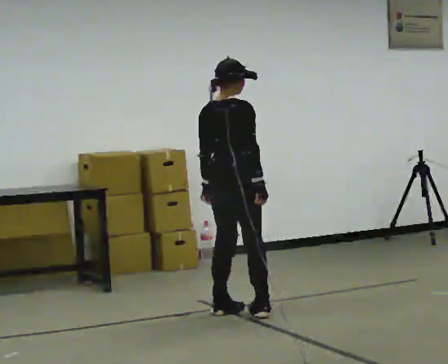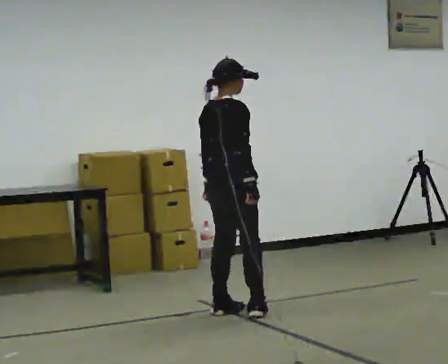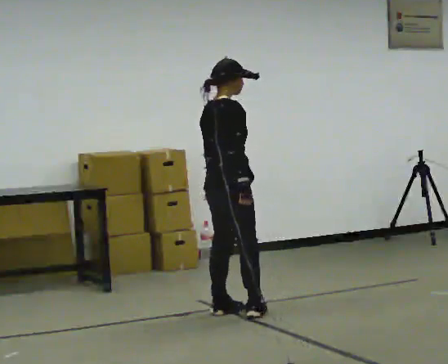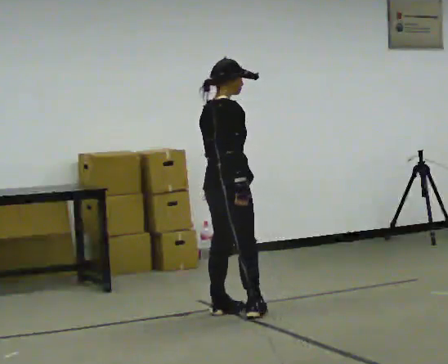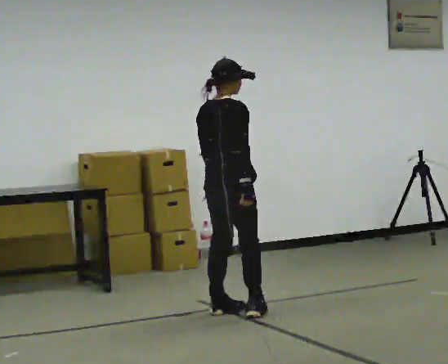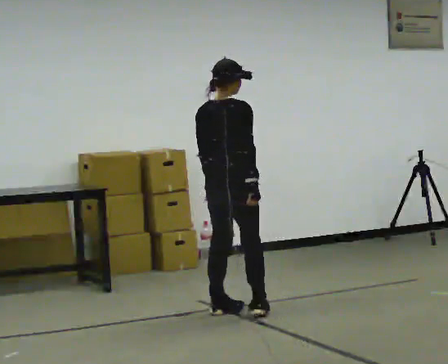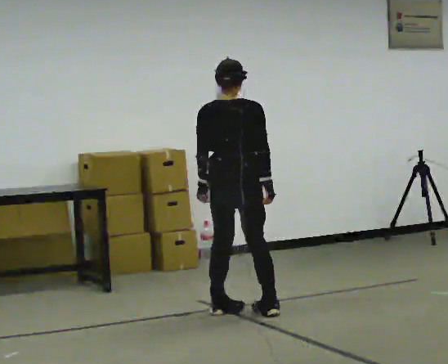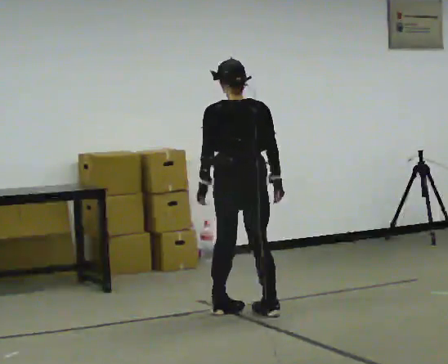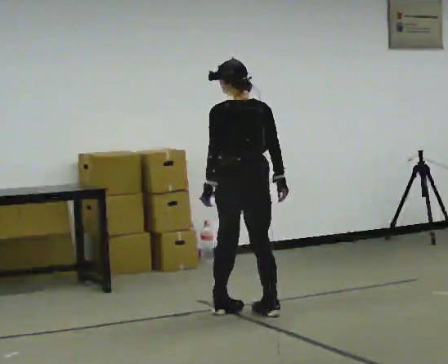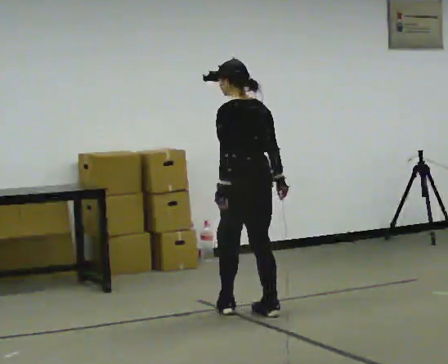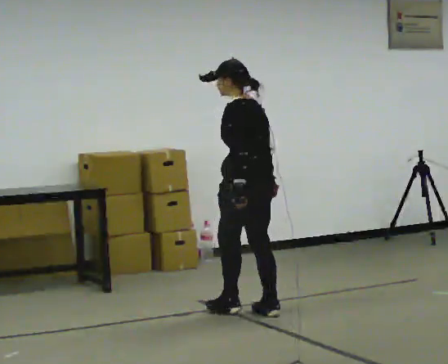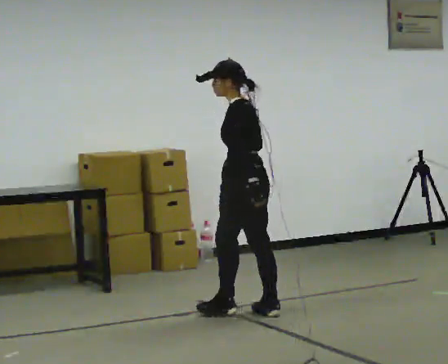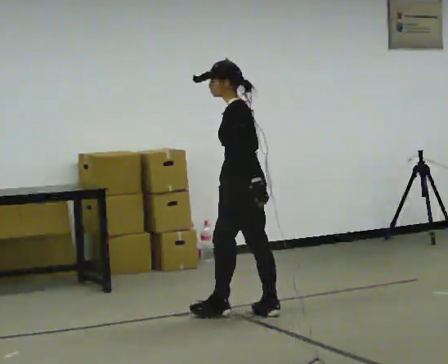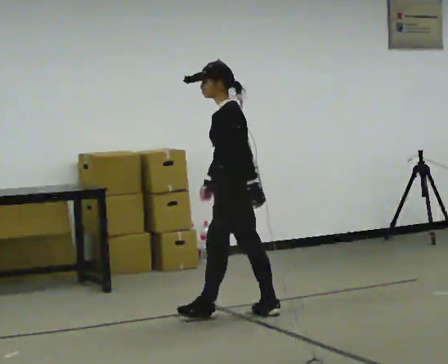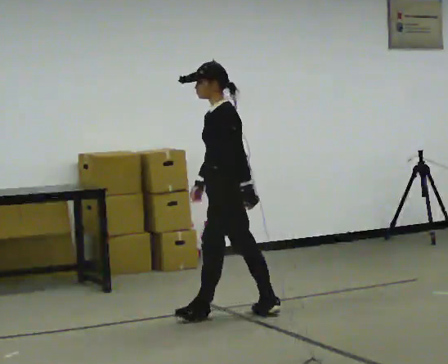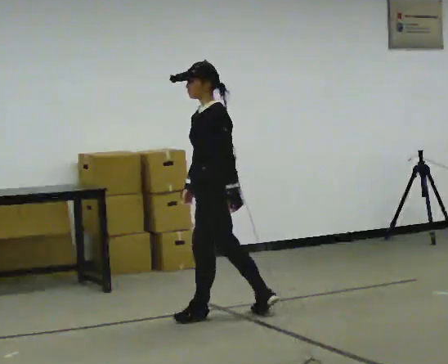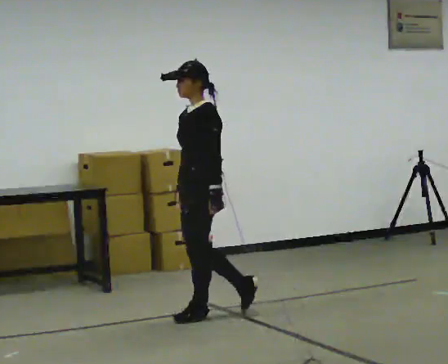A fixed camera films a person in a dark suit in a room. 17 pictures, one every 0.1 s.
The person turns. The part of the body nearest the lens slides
to the right.
The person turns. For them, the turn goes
to their left.
0.0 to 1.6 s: The person turns about 150 degrees to their left, counterclockwise seen from above, so the part of the body nearest the lens slides to the right. In the picture their right hand goes to the left.
The film runs forward here.
